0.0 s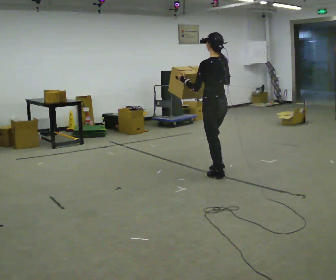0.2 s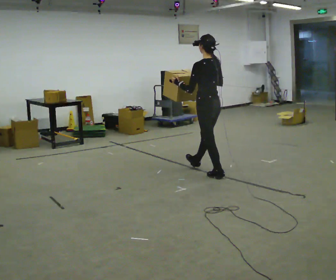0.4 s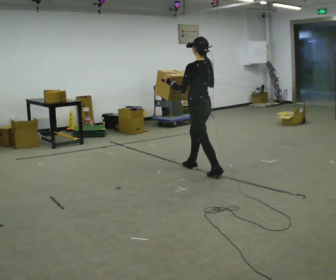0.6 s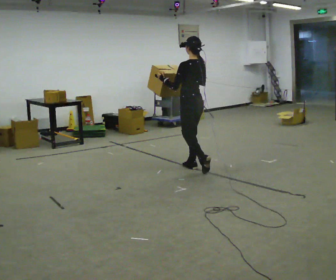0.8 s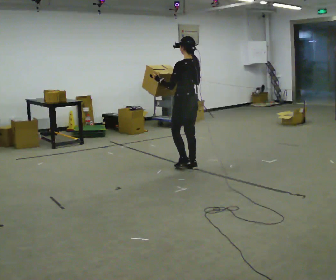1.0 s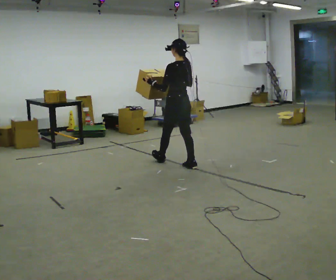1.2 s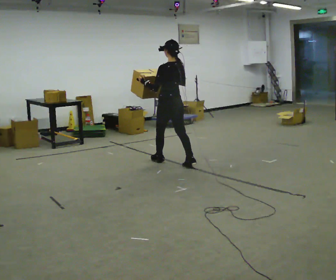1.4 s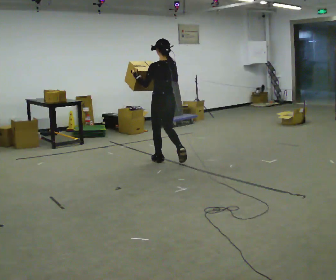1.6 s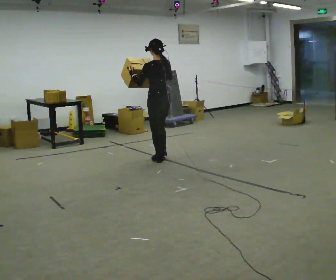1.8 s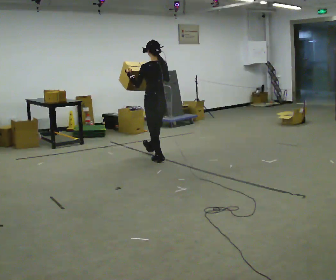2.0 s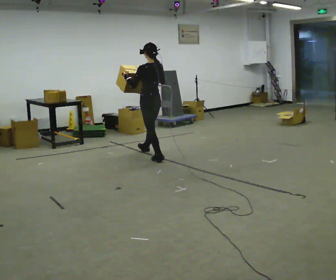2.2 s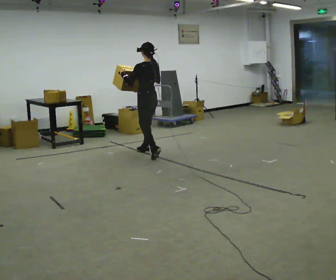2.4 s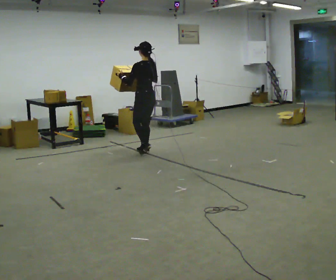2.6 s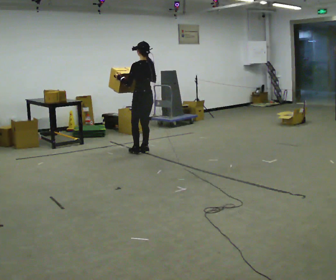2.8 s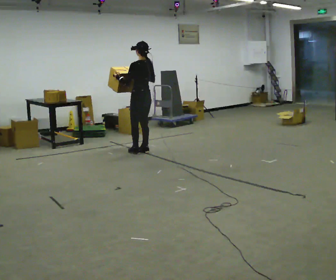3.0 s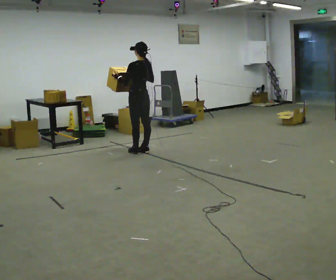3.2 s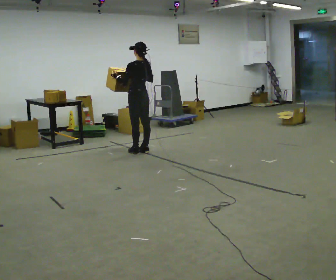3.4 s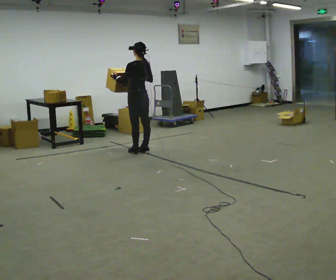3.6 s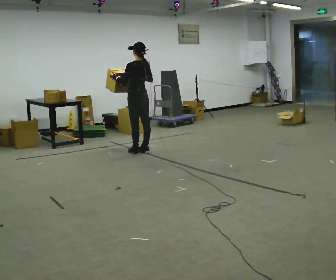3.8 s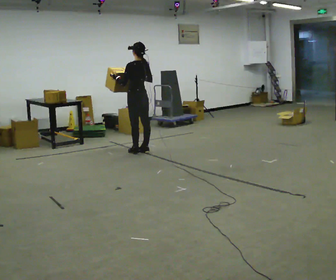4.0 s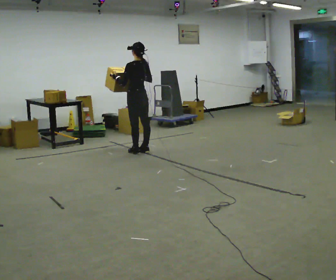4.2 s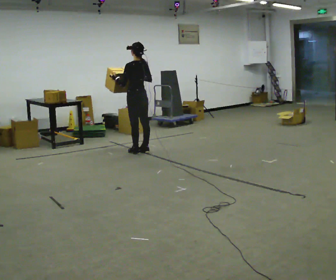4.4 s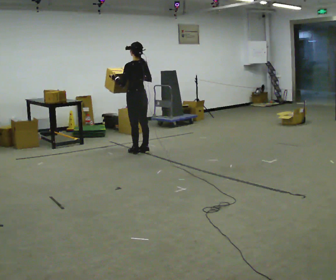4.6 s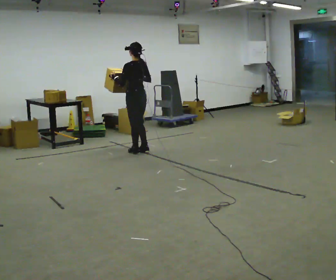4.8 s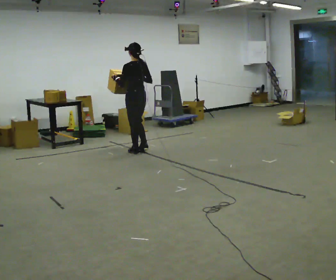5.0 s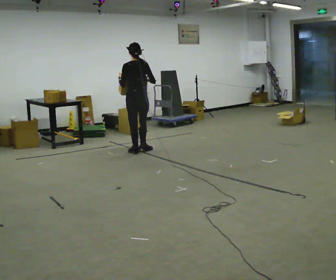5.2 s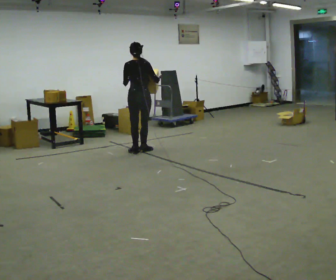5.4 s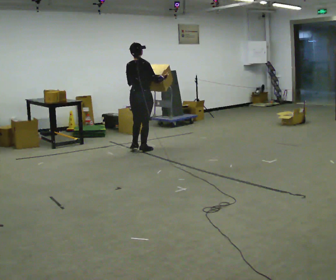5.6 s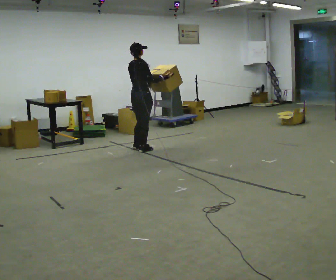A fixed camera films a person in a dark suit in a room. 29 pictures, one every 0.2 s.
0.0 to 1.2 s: In the picture they go away from the camera and to the left, about 1 m in 2 steps, which for them is forward.
1.2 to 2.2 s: In the picture they go away from the camera and to the left, about 0.5 m in 1 step, which for them is forward.
2.2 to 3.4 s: In the picture they go away from the camera, about 0.25 m in 1 step, which for them is forward.
3.4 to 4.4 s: The person moves a little, or ends about where they began.
4.4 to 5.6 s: The part of the body nearest the lens slides to the left as the person turns to their right by about 90 degrees.
The film runs forward here.
